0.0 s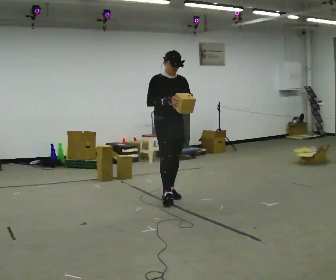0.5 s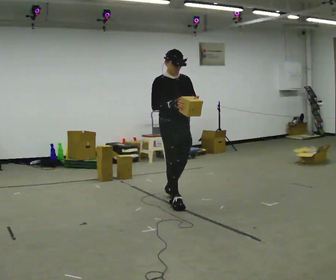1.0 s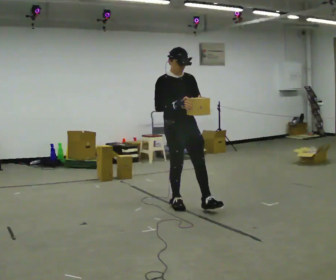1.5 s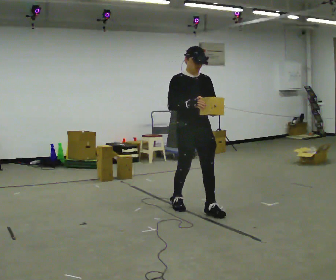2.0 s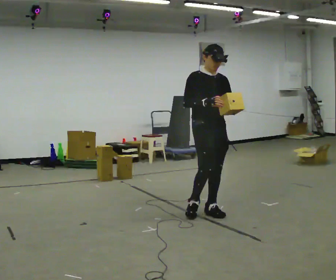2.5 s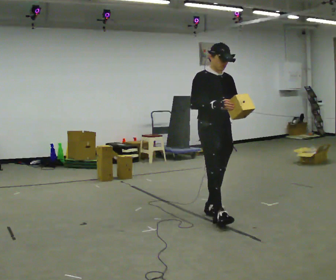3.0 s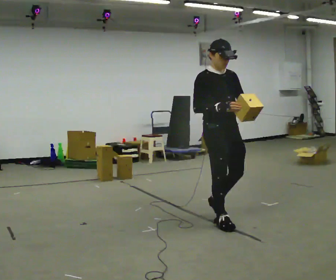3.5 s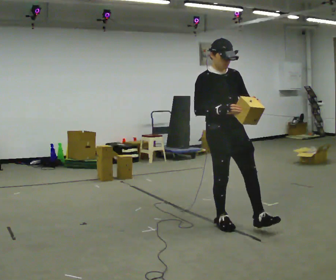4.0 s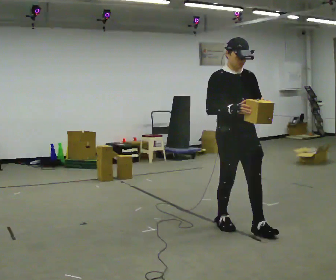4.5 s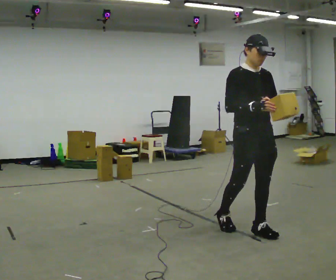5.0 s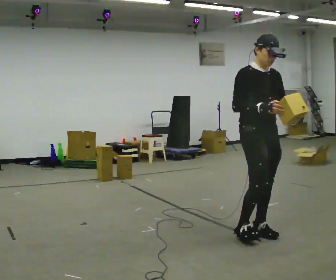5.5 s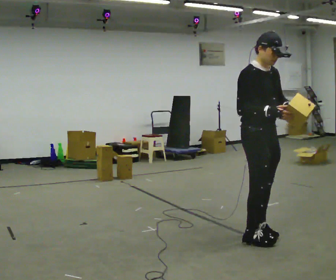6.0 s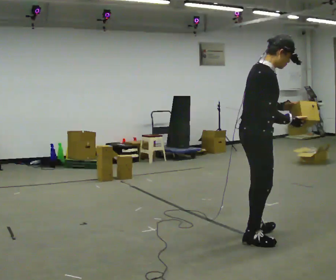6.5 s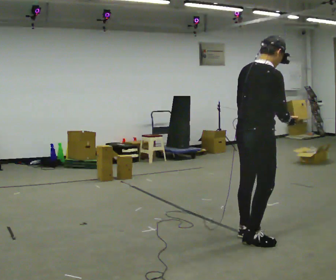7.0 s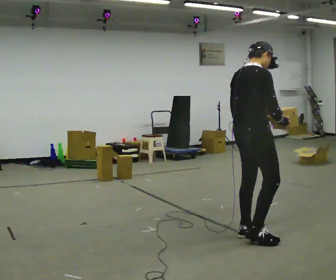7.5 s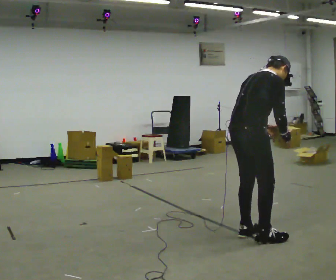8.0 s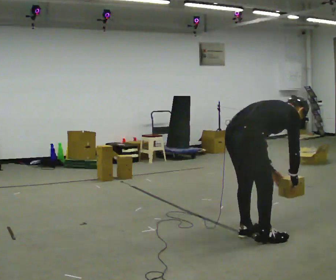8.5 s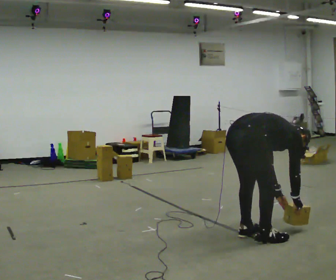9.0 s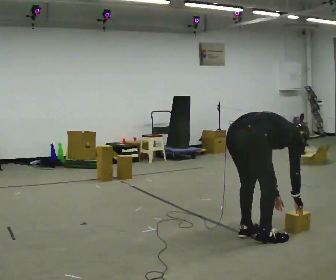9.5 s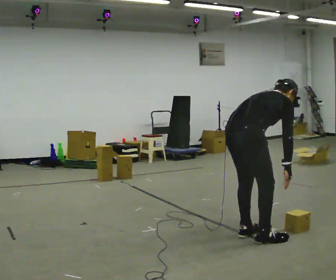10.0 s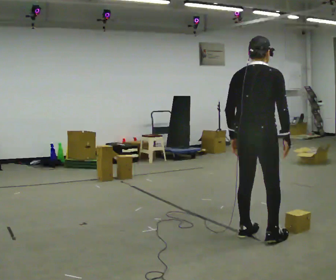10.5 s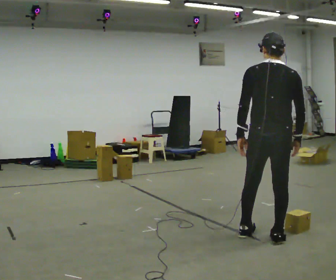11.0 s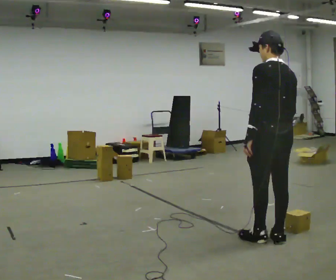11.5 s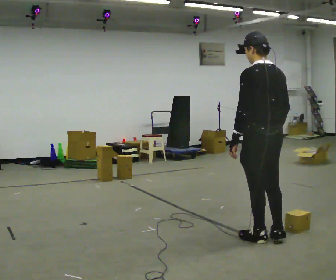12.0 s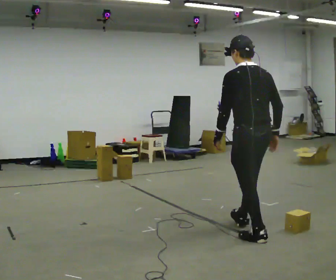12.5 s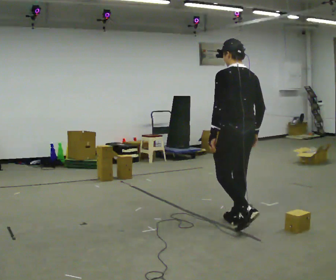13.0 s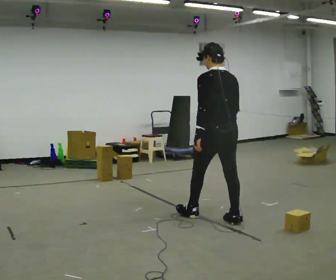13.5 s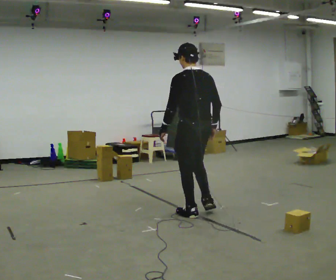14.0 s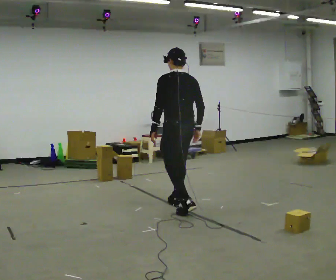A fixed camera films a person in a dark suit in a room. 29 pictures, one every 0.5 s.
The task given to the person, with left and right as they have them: Carry the box and, while you are still walking, turn it so you can read the label, read it out loud, then carry on. Repeat with the next box. Do not stop to read it.
0.0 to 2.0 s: In the picture they go to the right and toward the camera, about 1 m in 2 steps, which for them is forward.
2.0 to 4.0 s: In the picture they go toward the camera and to the right, about 0.5 m in 2 steps, which for them is forward.
4.0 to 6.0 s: The person turns about 60 degrees to their left, counterclockwise seen from above, so the part of the body nearest the lens slides to the right. In the picture they go toward the camera and to the right, about 0.5 m in 1 step. In the picture the upper body tilts clockwise, shoulders to the right.
6.0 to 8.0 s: The person turns about 30 degrees to their left, counterclockwise seen from above, so the part of the body nearest the lens slides to the right. The upper body goes downward. The upper body tips away from the camera, its near side rolling upward, as they bend forward. In the picture their left hand goes downward.
8.0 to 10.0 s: The person turns about 30 degrees to their left, counterclockwise seen from above, so the part of the body nearest the lens slides to the right. In the picture their left hand goes to the left and upward.
10.0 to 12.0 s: The part of the body nearest the lens slides to the right as the person turns to their left by about 60 degrees.
12.0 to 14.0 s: In the picture they go to the left and away from the camera, about 1 m in 3 steps, which for them is forward.
The film runs forward here.
